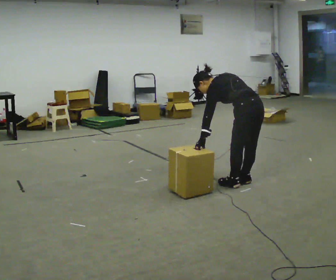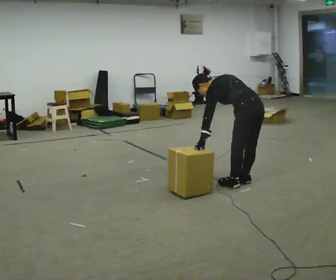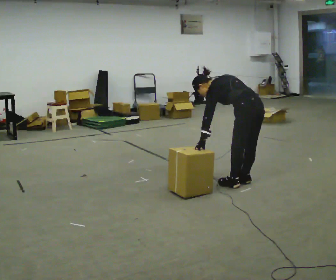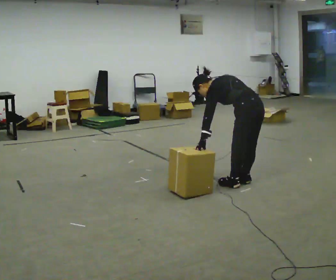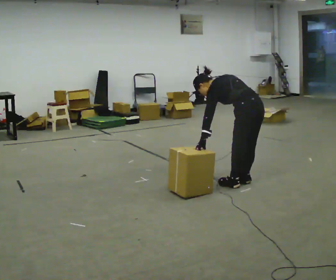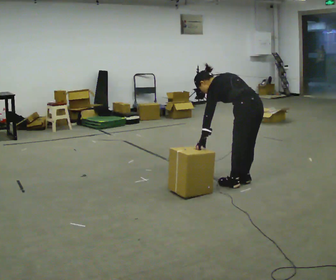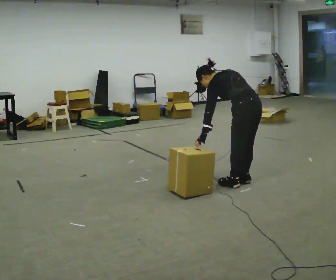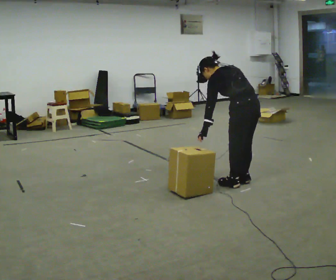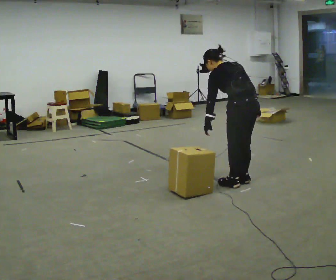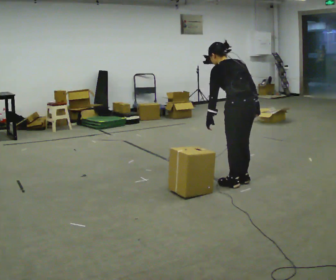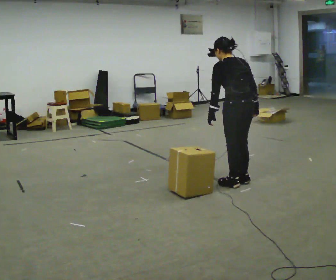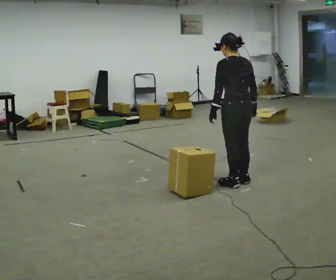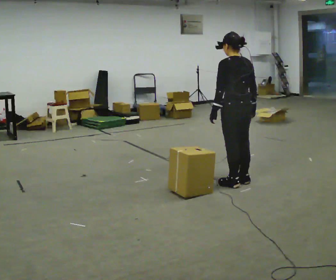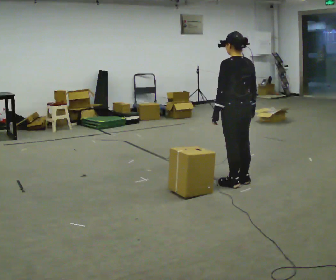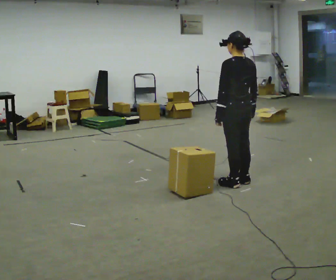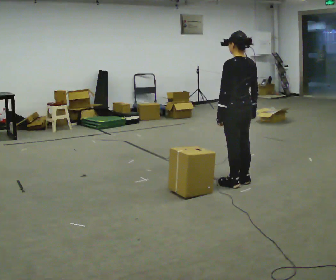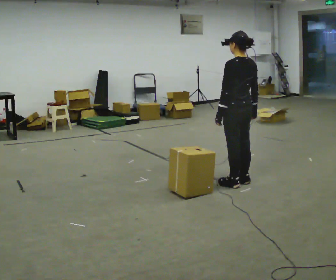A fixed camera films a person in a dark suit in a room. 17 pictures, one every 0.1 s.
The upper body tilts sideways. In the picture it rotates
clockwise.
0.0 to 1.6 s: The shoulders move upward. In the picture the upper body tilts clockwise, shoulders to the right, as they lean back or straighten.
The film runs forward here.
